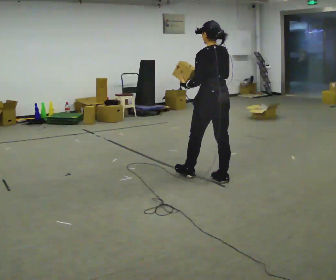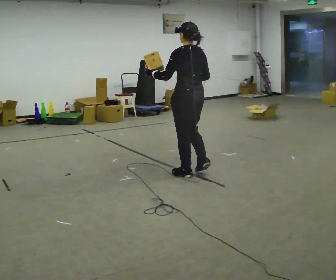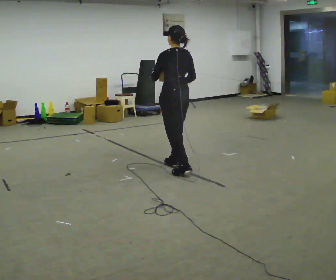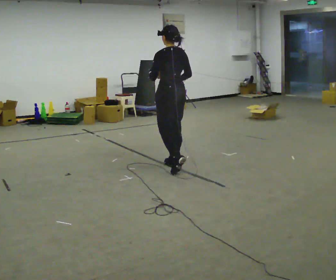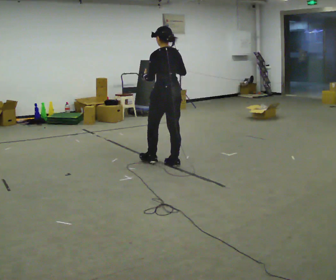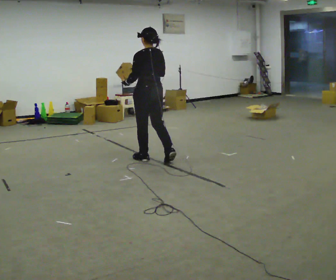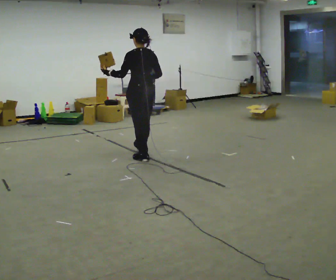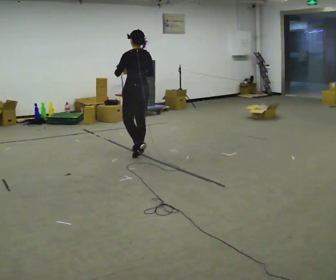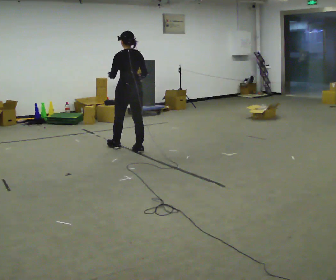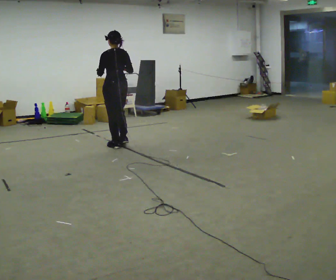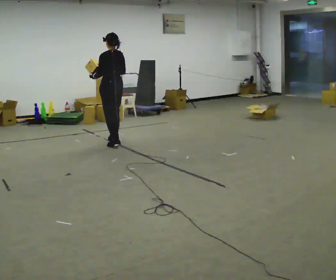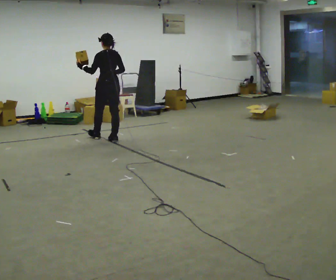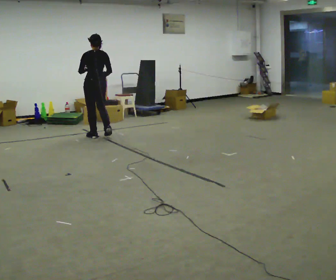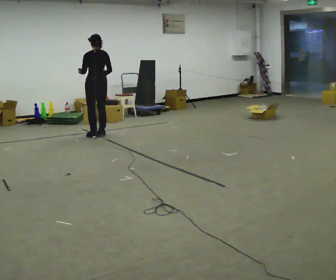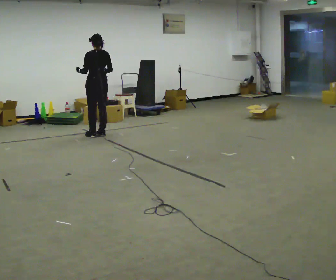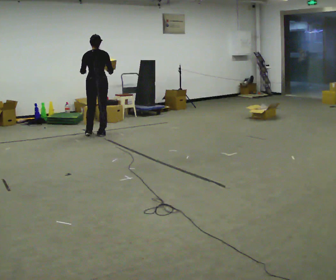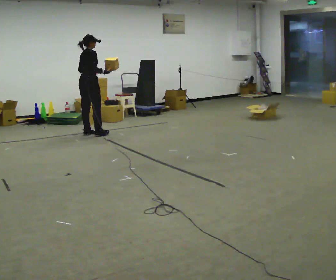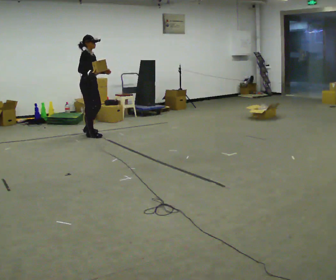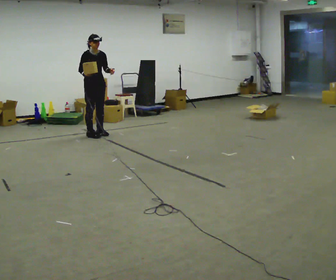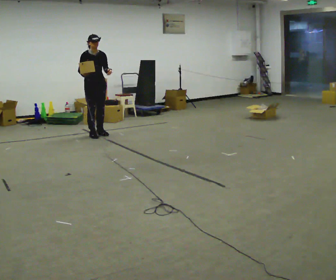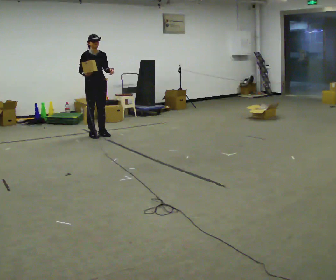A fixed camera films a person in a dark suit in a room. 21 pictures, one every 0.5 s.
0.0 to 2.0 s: In the picture they go away from the camera and to the left, about 1 m in 1 step, which for them is forward.
2.0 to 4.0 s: In the picture they go away from the camera and to the left, about 1 m in 3 steps, which for them is forward.
4.0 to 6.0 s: In the picture they go away from the camera and to the left, about 1 m in 2 steps, which for them is forward.
6.0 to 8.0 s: The part of the body nearest the lens slides to the left as the person turns to their right by about 75 degrees. In the picture they go away from the camera and to the left, about 0.25 m in 2 steps.
8.0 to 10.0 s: The part of the body nearest the lens slides to the left as the person turns to their right by about 105 degrees. In the picture their left hand goes to the right.
The film runs forward here.
